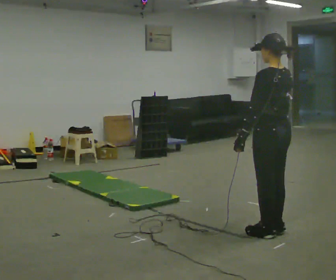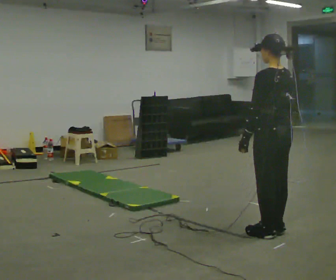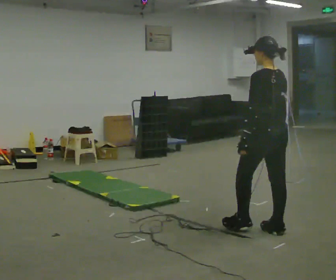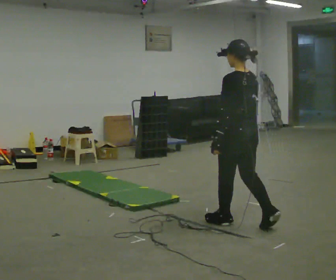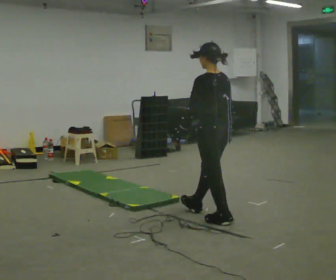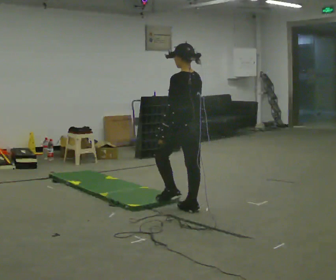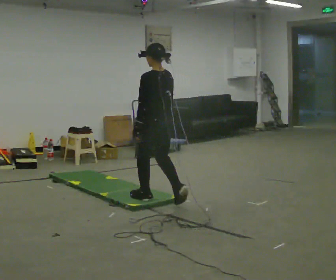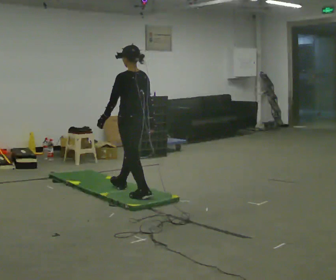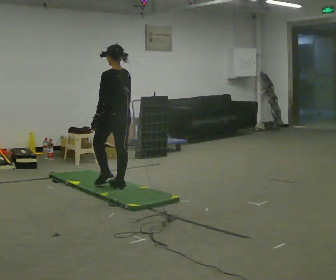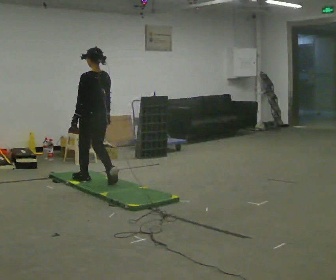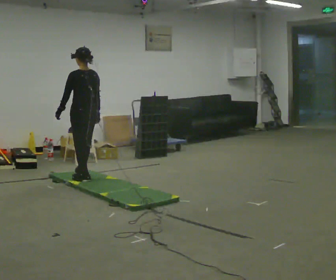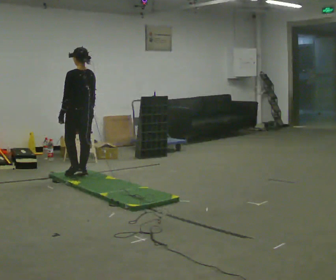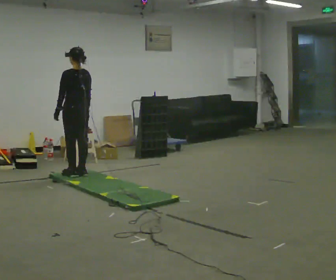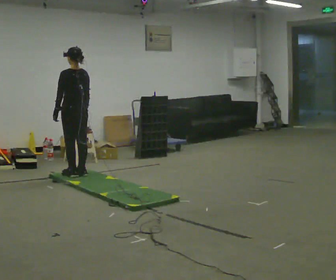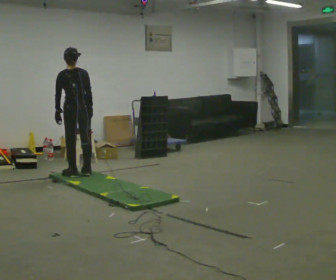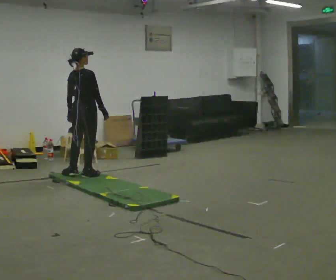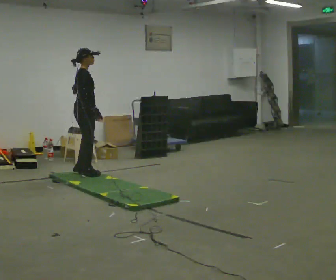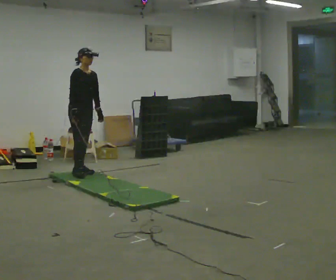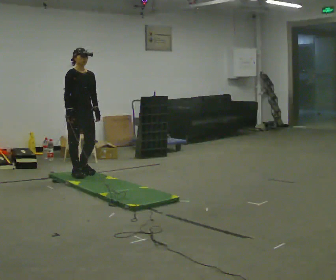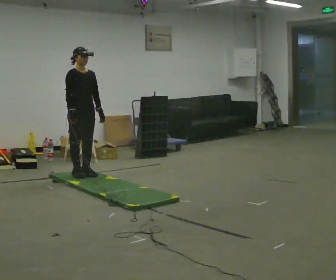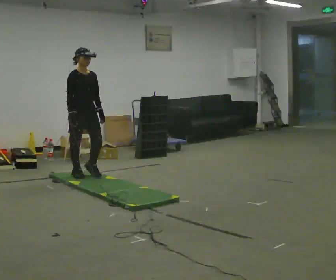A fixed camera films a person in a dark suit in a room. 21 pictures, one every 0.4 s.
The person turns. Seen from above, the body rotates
clockwise.
The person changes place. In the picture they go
away from the camera.
0.0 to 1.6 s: In the picture they go away from the camera and to the left, about 0.75 m in 1 step, which for them is forward.
1.6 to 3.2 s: In the picture they go away from the camera and to the left, about 1.5 m in 3 steps, which for them is forward.
3.2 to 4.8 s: In the picture they go away from the camera and to the left, about 1 m in 3 steps, which for them is forward.
4.8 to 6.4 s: The person turns about 135 degrees to their right, clockwise seen from above, so the part of the body nearest the lens slides to the left.
6.4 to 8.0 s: Seen from above the body turns clockwise, about 60 degrees: to their right, with its near side sliding to the left.
The film runs forward here.
